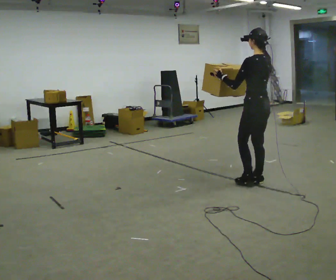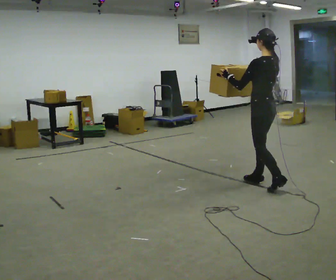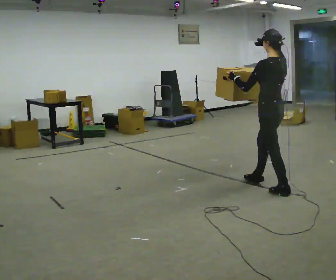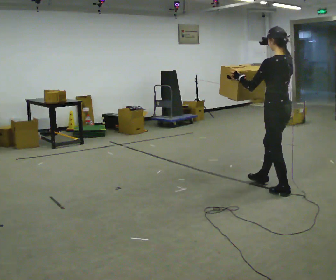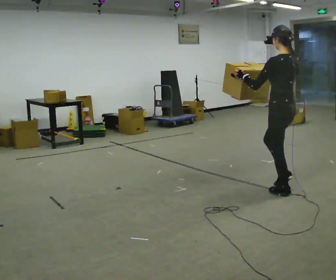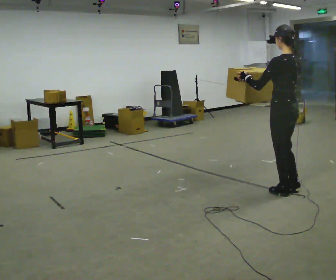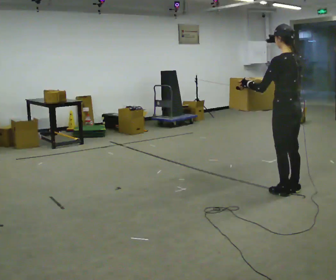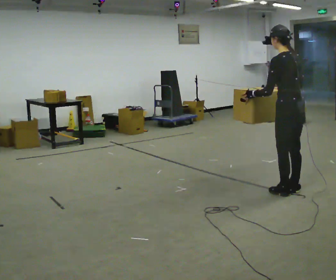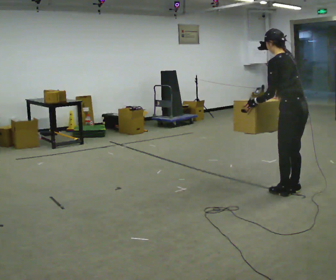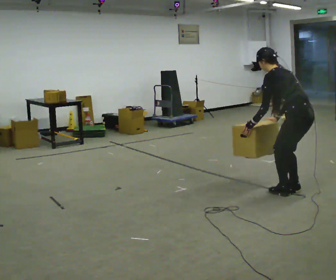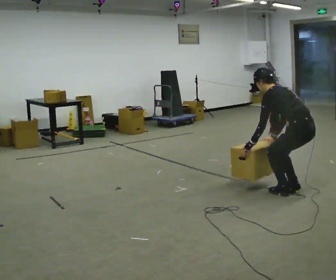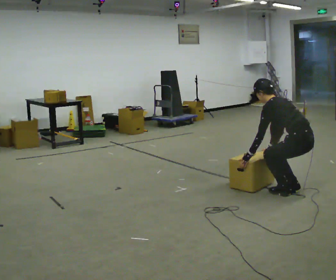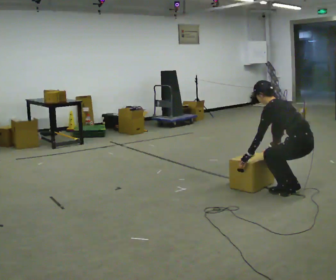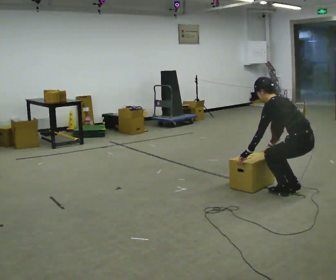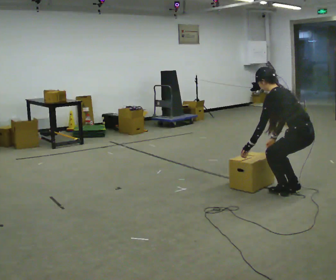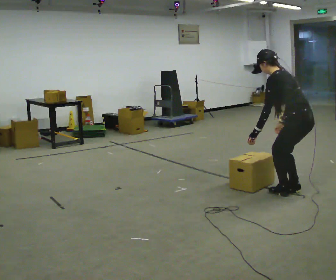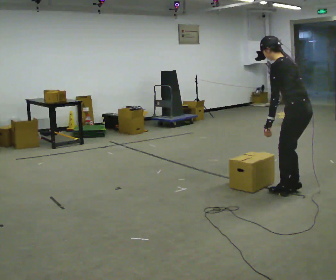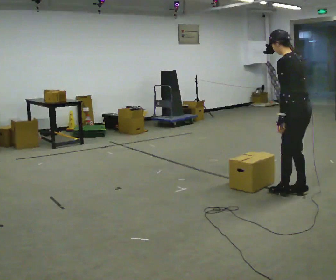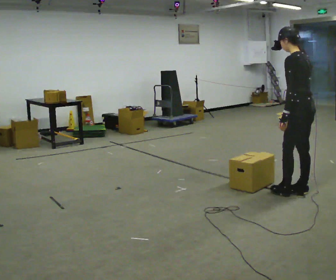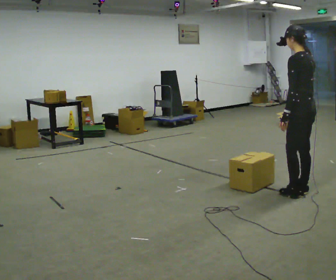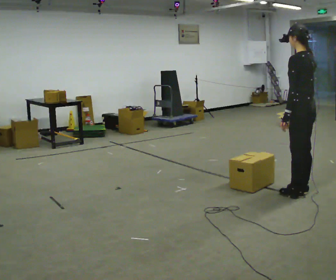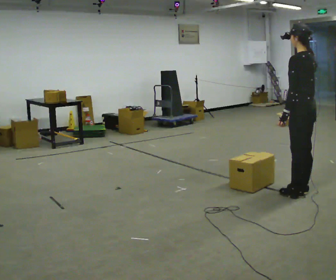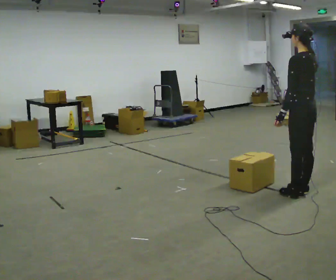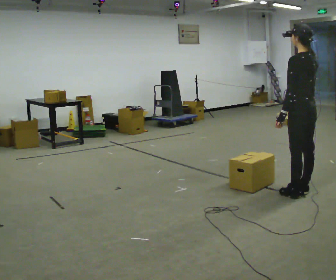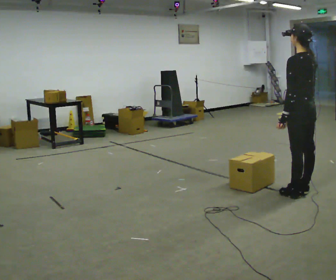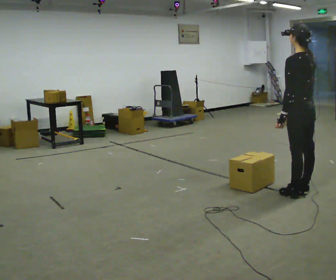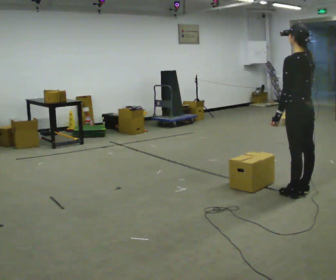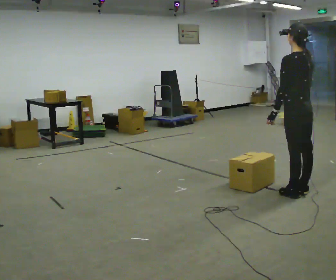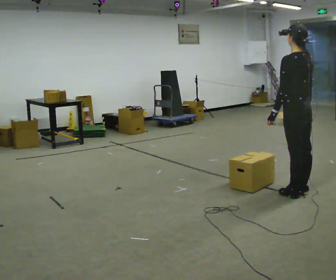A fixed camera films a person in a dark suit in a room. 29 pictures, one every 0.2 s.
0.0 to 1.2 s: In the picture they go toward the camera and to the right, about 0.5 m in 1 step, which for them is backward.
1.2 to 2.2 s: The upper body goes downward. In the picture the upper body tilts counterclockwise, shoulders to the left, as they bend forward. In the picture their left hand goes downward.
2.2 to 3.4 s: The upper body goes upward. In the picture the upper body tilts clockwise, shoulders to the right, as they lean back or straighten. In the picture their left hand goes upward.
3.4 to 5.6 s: The person moves a little, or ends about where they began.
The film runs backward here.
